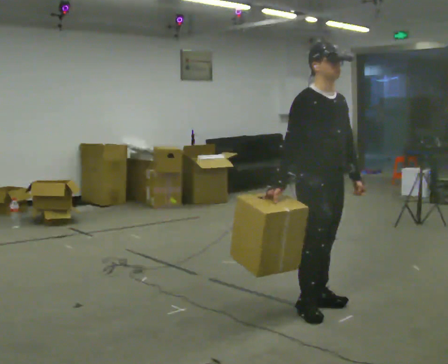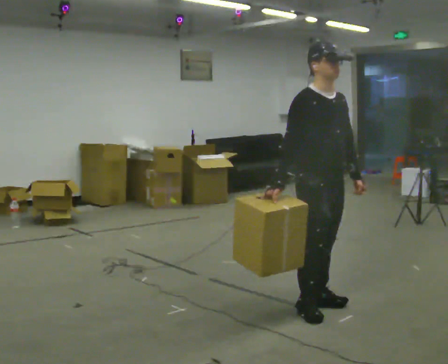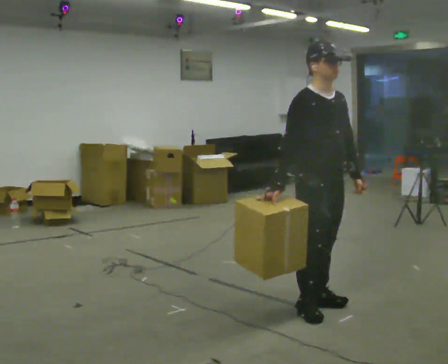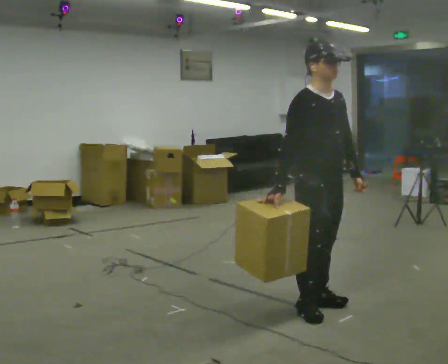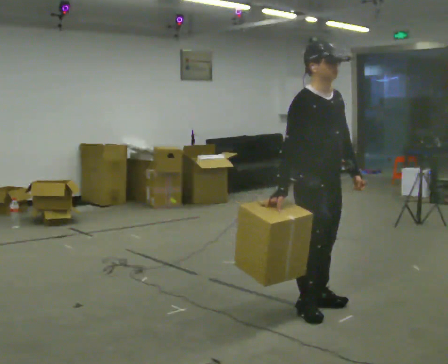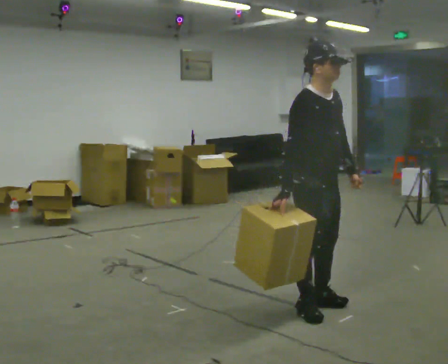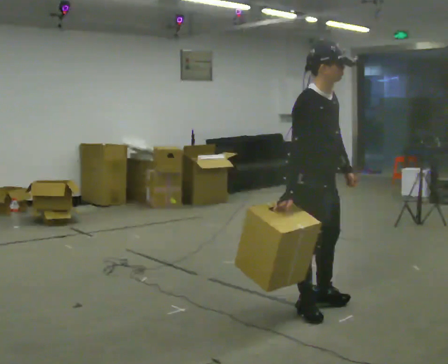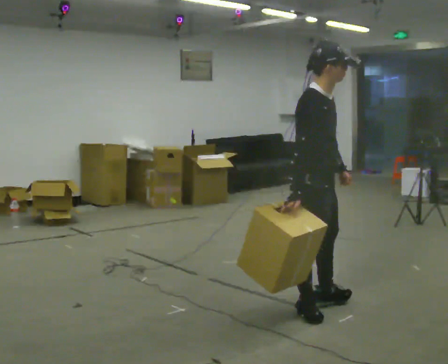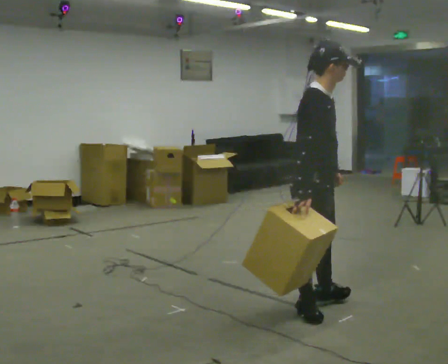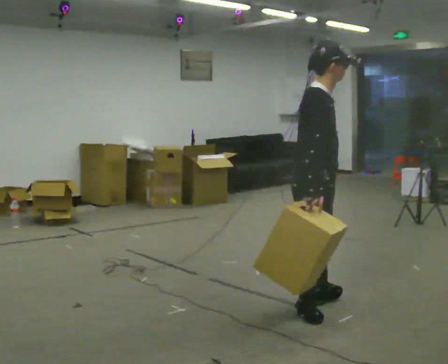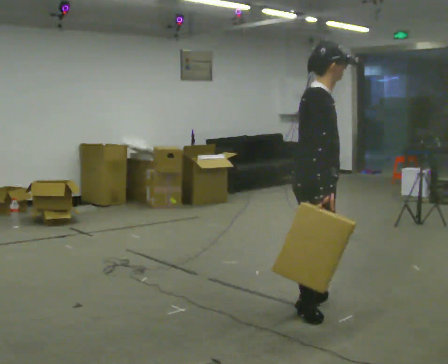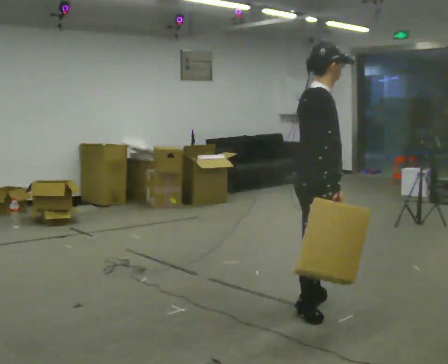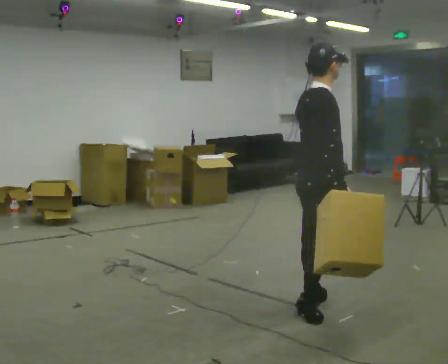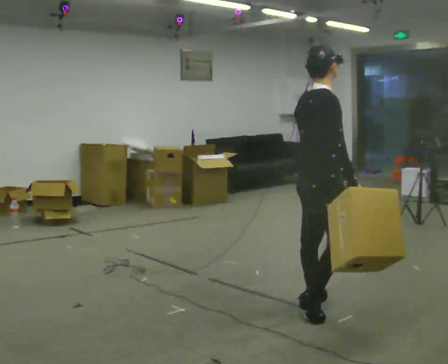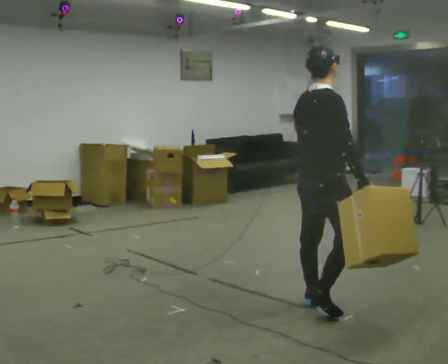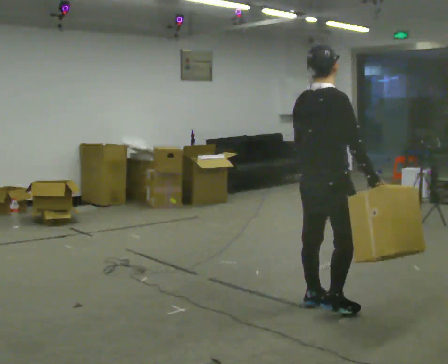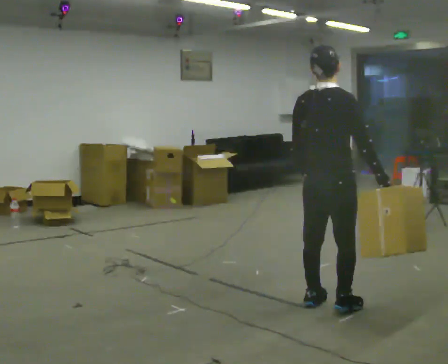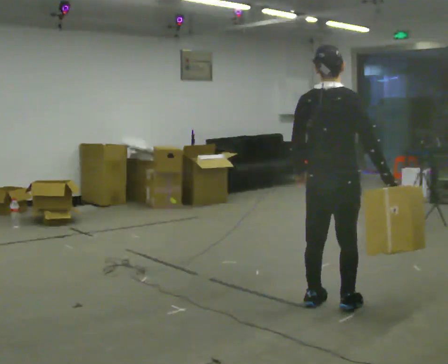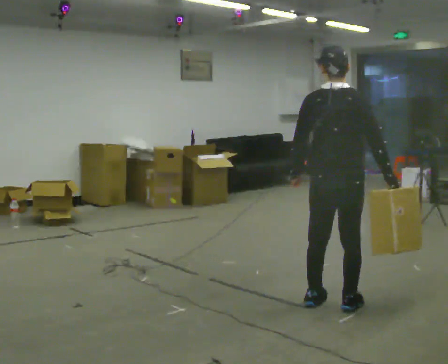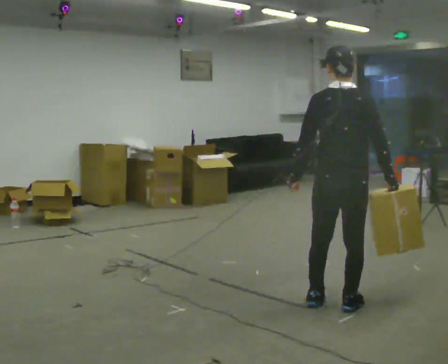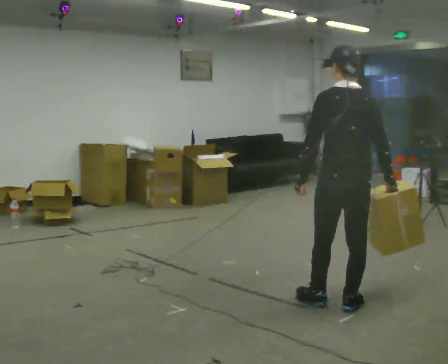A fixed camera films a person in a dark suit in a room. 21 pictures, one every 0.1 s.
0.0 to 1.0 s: The person turns about 60 degrees to their left, counterclockwise seen from above, so the part of the body nearest the lens slides to the right.
1.0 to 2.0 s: The person turns about 105 degrees to their left, counterclockwise seen from above, so the part of the body nearest the lens slides to the right. In the picture they go to the right, about 0.25 m in 1 step. In the picture their right hand goes to the right.
The film runs forward here.
